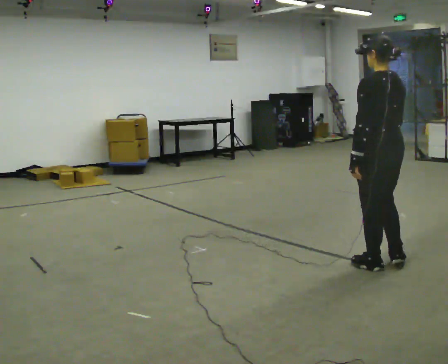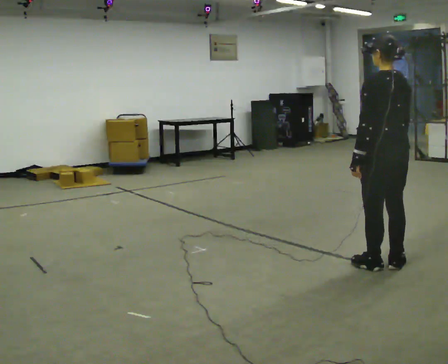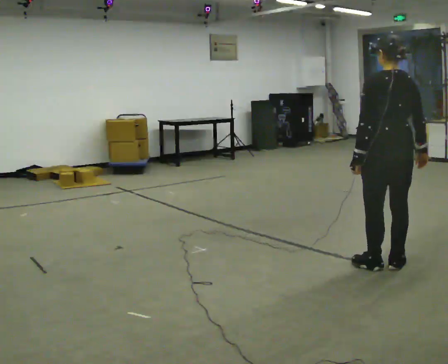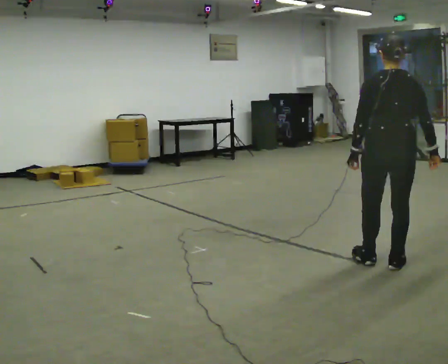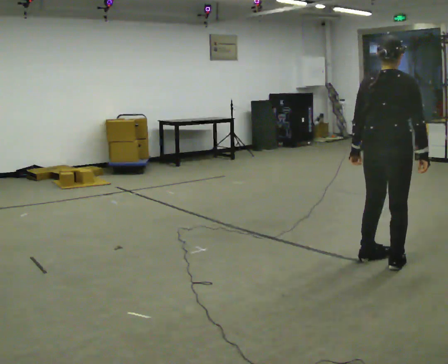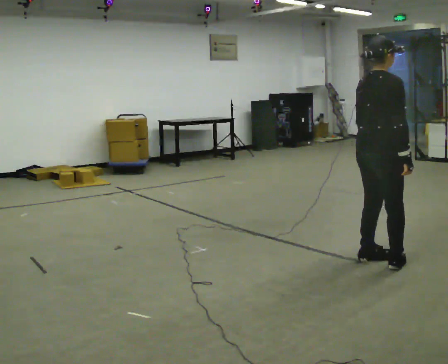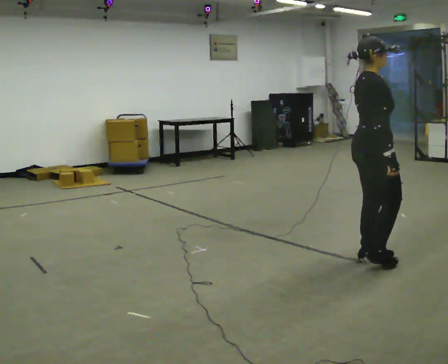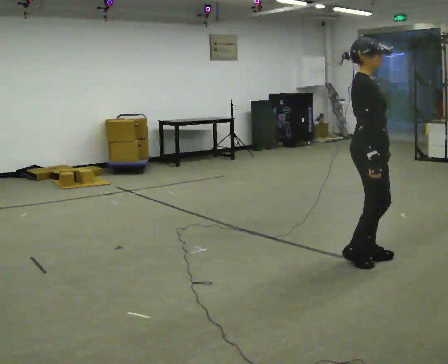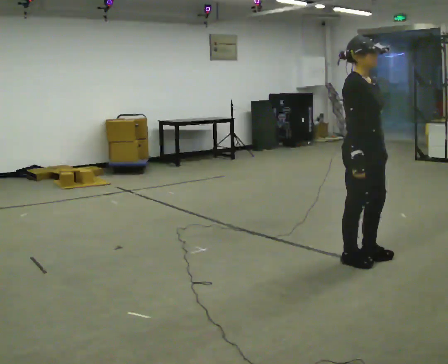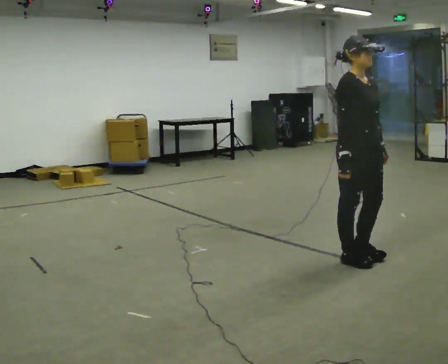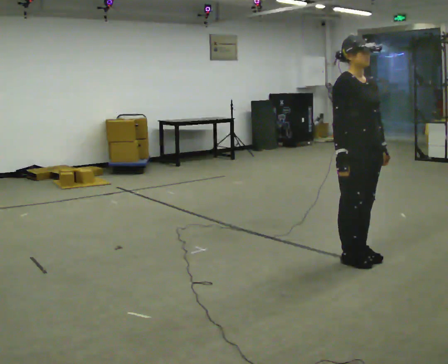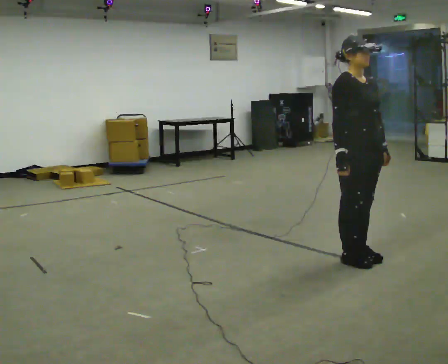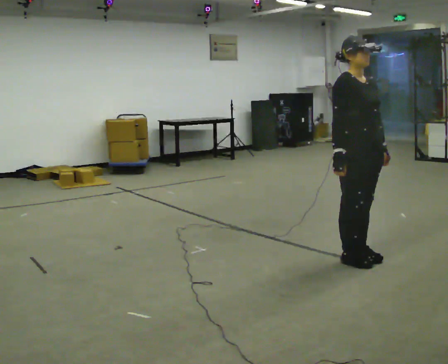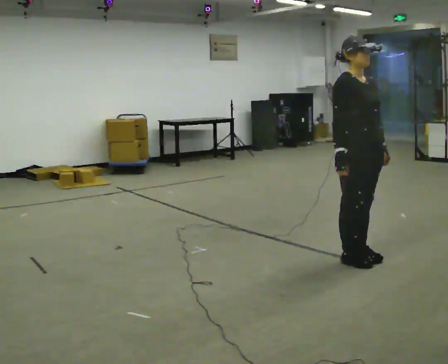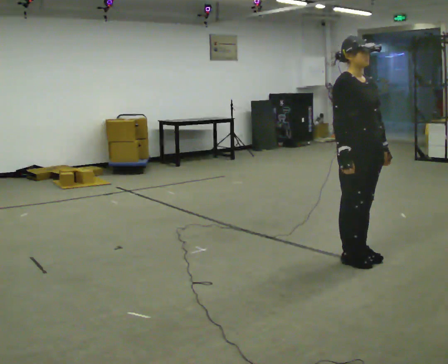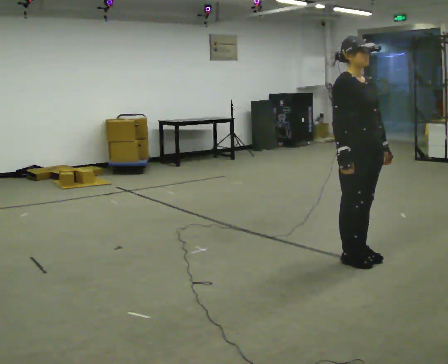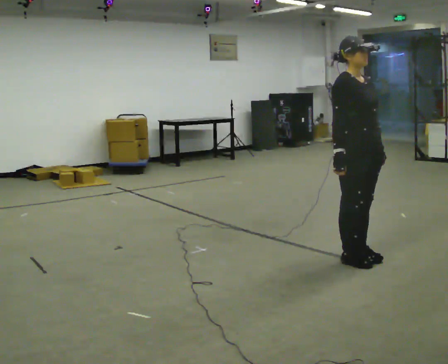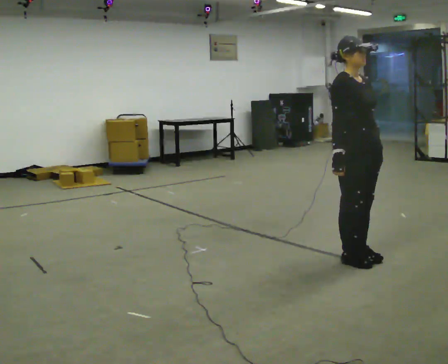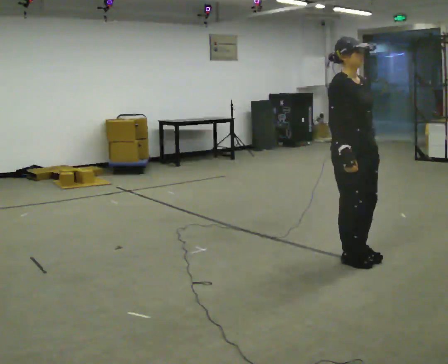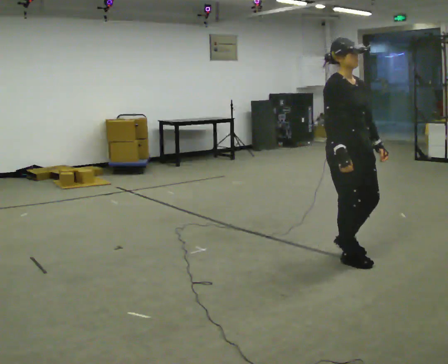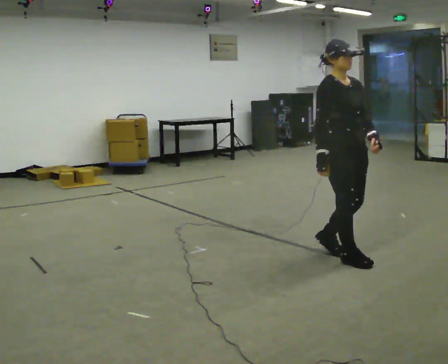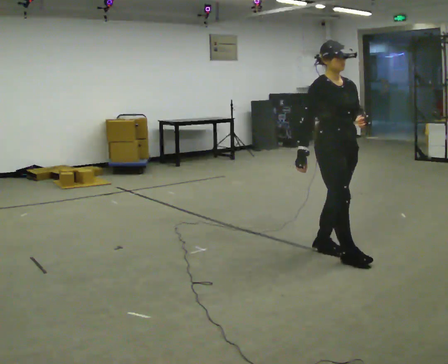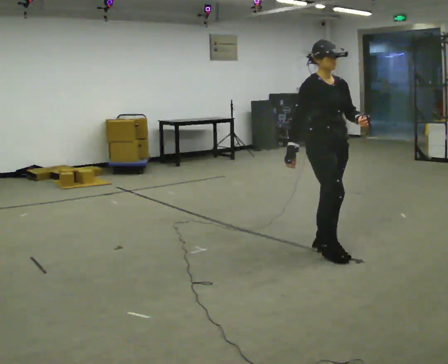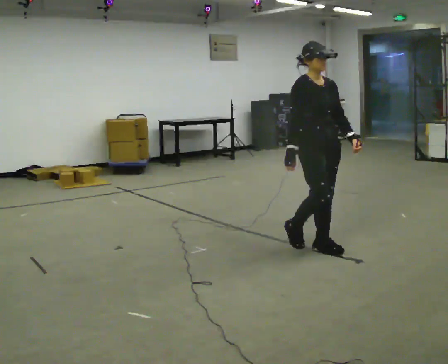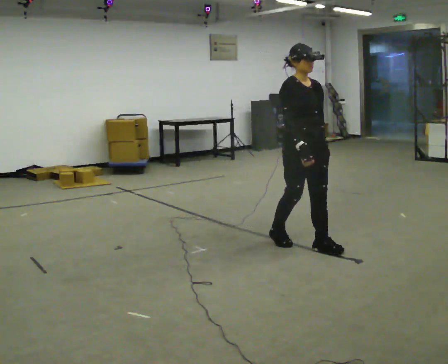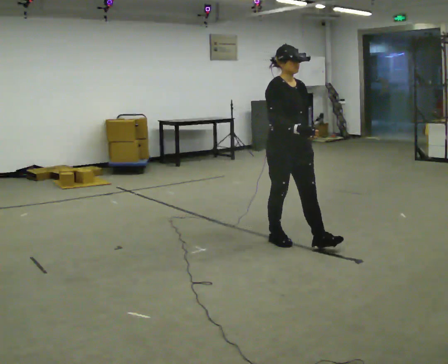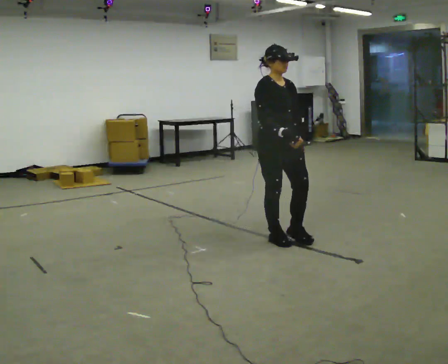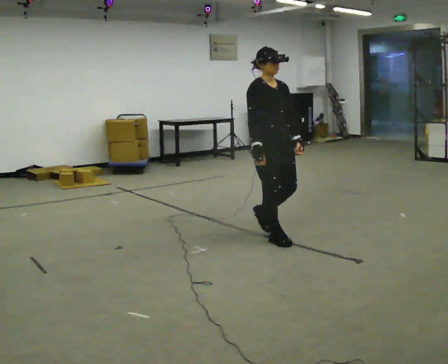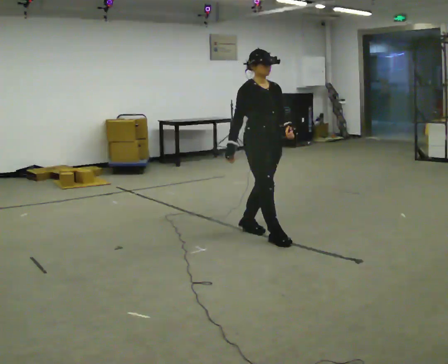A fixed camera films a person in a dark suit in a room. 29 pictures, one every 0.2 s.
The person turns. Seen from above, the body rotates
clockwise.
The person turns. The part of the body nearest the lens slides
to the left.
0.0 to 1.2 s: The part of the body nearest the lens slides to the left as the person turns to their right by about 120 degrees. In the picture they go away from the camera, about 0.25 m in 2 steps.
1.2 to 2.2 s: Seen from above the body turns clockwise, about 60 degrees: to their right, with its near side sliding to the left. In the picture their right hand goes to the left.
2.2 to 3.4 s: The person moves a little, or ends about where they began.
3.4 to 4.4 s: In the picture they go to the left and away from the camera, about 0.25 m in 2 steps, which for them is backward.
4.4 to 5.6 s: In the picture they go to the left and away from the camera, about 0.75 m in 1 step, which for them is backward.
The film runs backward here.
